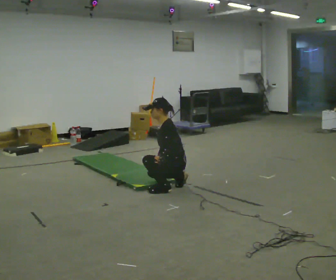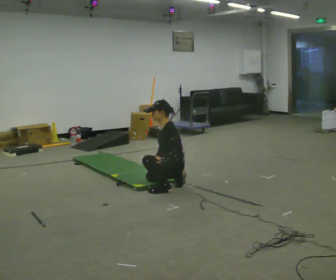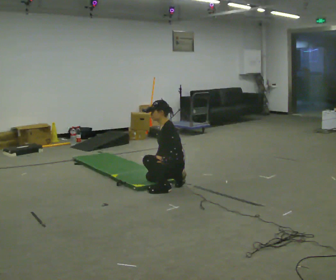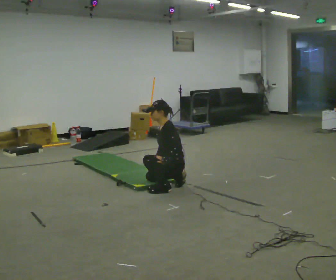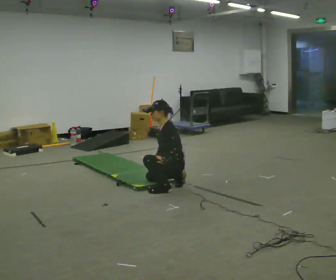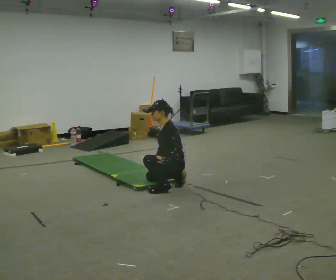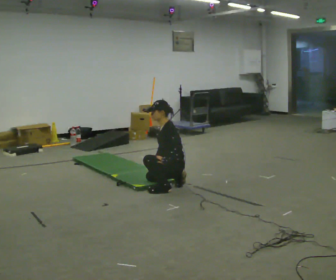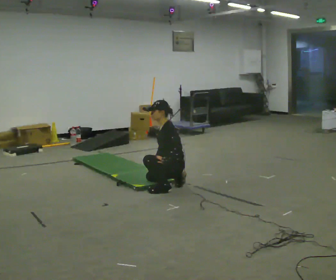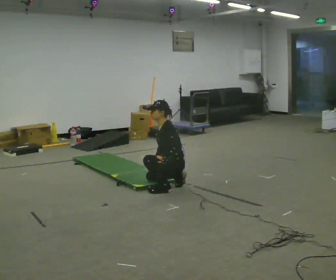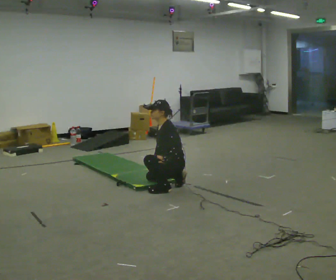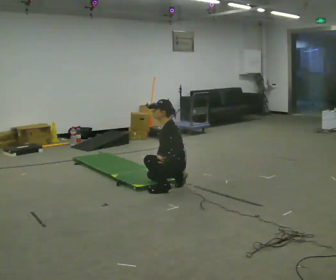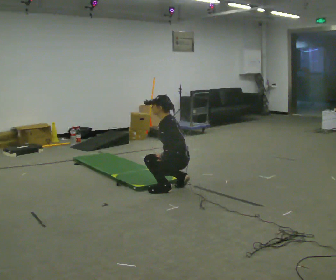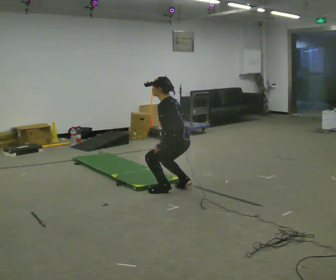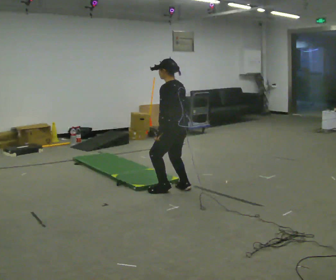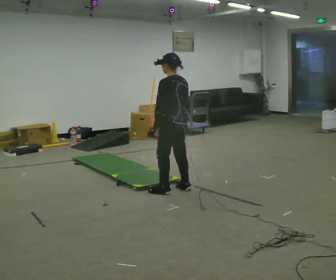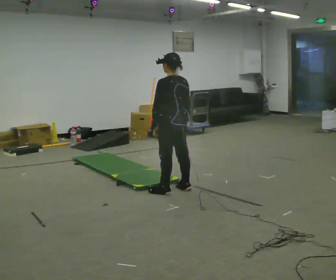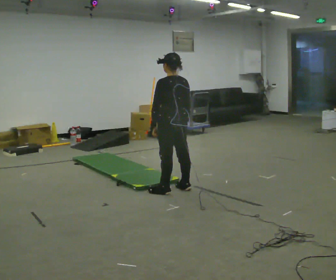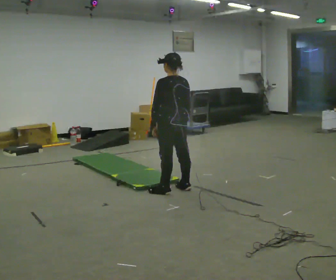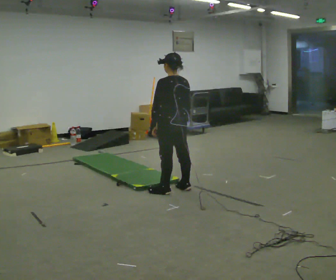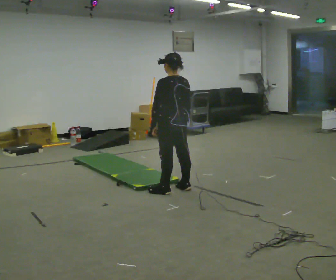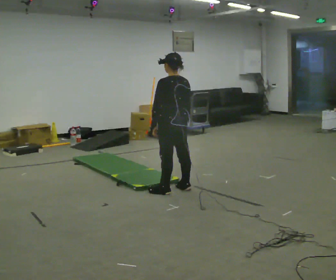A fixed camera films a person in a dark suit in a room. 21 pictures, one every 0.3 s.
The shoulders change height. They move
upward.
Their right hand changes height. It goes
upward.
0.0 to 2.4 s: The person moves a little, or ends about where they began.
2.4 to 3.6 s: The person turns about 30 degrees to their right, clockwise seen from above, so the part of the body nearest the lens slides to the left. The upper body goes upward.
3.6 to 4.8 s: The person turns about 30 degrees to their right, clockwise seen from above, so the part of the body nearest the lens slides to the left. The upper body goes upward. In the picture the upper body tilts clockwise, shoulders to the right, as they lean back or straighten.
4.8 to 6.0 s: The person keeps their place and pose.
The film runs backward here.
